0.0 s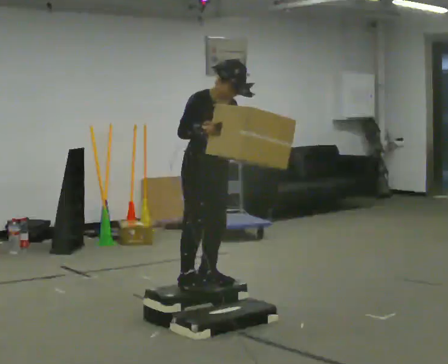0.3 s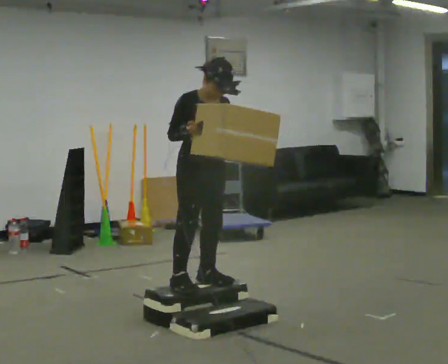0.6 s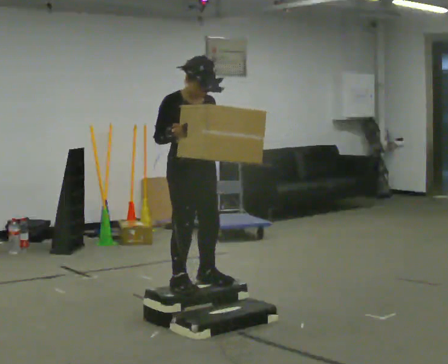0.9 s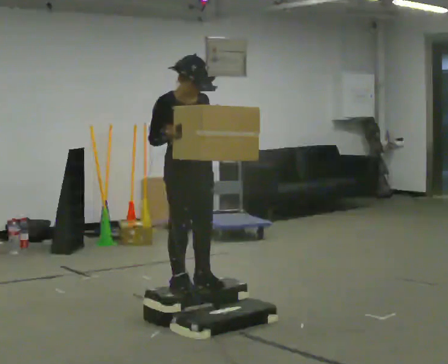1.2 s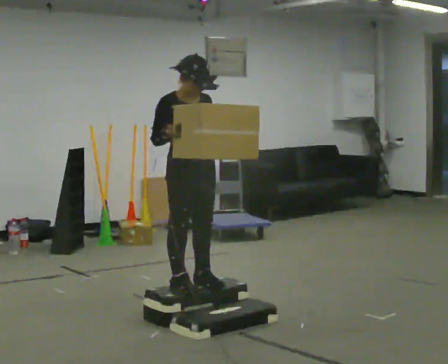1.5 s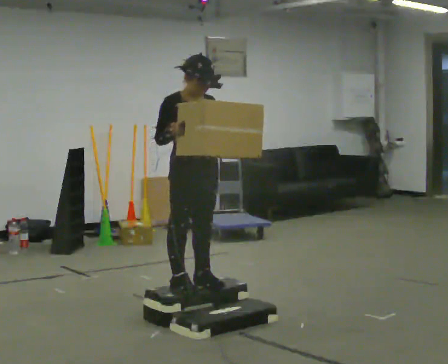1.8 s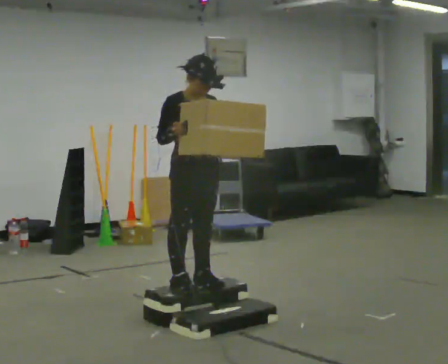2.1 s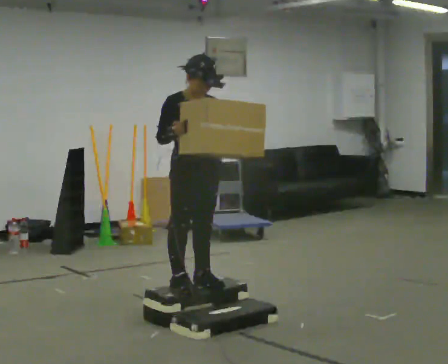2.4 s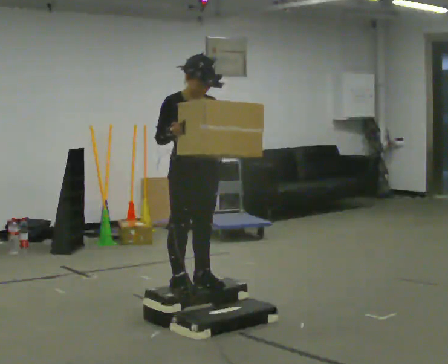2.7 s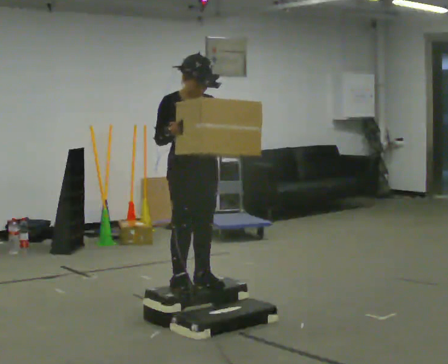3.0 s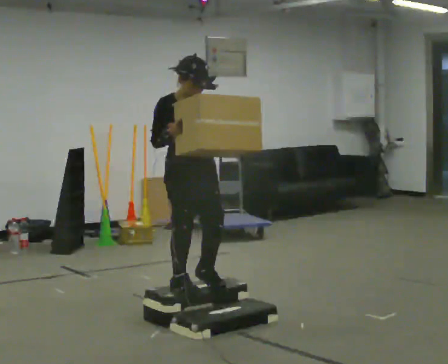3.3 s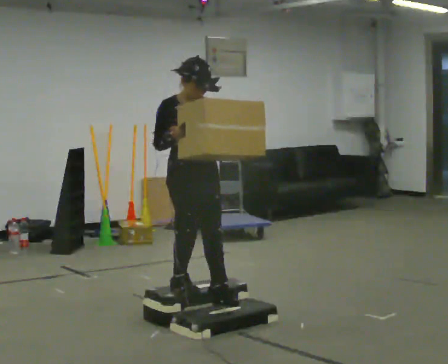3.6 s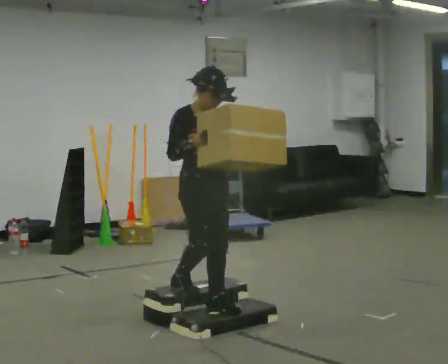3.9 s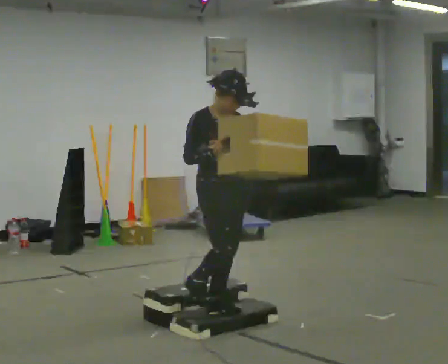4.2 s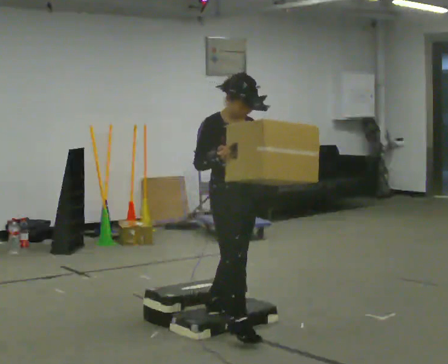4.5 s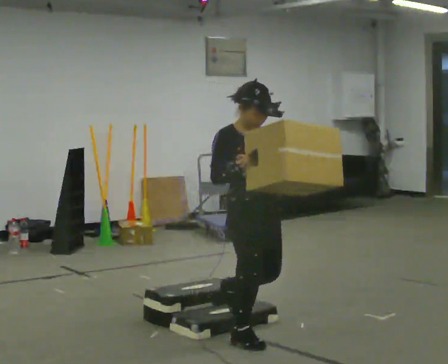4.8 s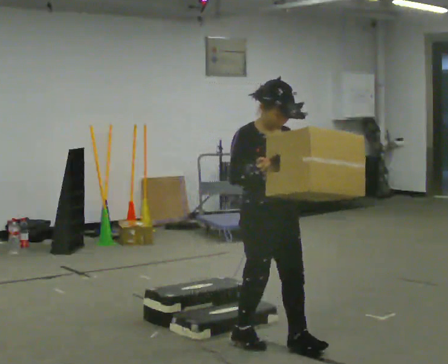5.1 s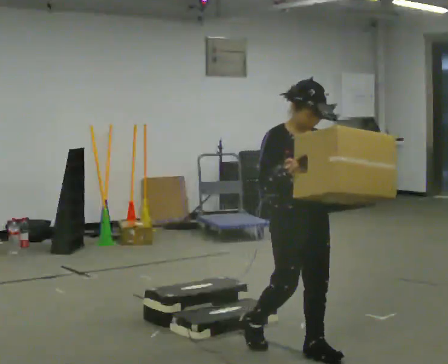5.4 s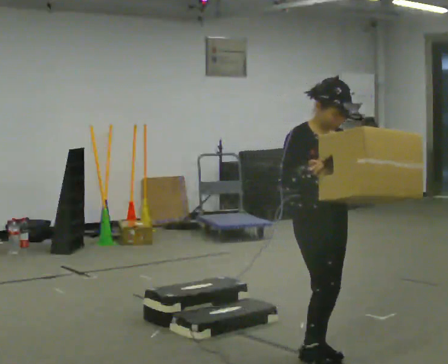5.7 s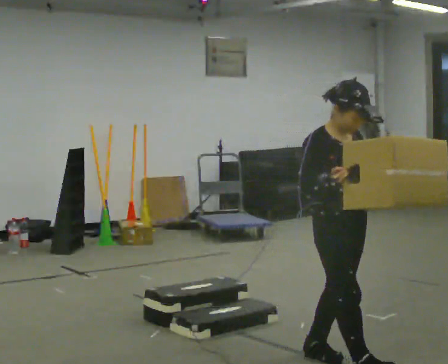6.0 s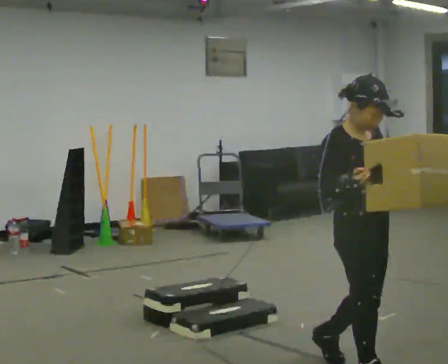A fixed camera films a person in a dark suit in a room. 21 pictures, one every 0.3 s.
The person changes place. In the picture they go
toward the camera.
0.0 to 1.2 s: In the picture the upper body tilts counterclockwise, shoulders to the left.
1.2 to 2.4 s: The person moves a little, or ends about where they began.
2.4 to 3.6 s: In the picture they go toward the camera, about 0.25 m in 1 step, which for them is forward.
3.6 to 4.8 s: In the picture they go toward the camera and to the right, about 0.5 m in 1 step, which for them is forward.
4.8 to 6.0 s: In the picture they go toward the camera and to the right, about 0.5 m in 2 steps, which for them is forward.
The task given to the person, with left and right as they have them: Carry the box up the three steps, turn at the top, and carry it back down. Use the handrail only if you need it. Keep going until the operator says stop; one object at a time, and do not rush between trips.
The film runs forward here.
